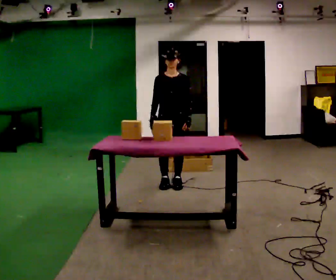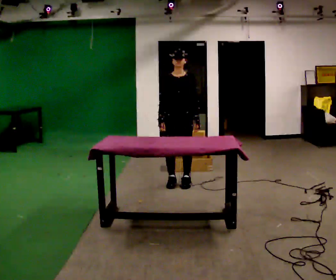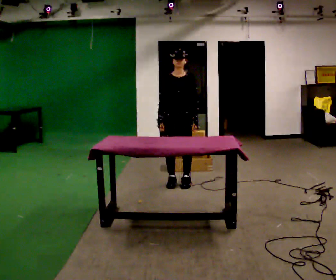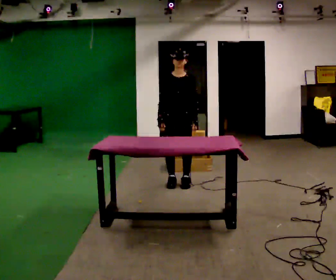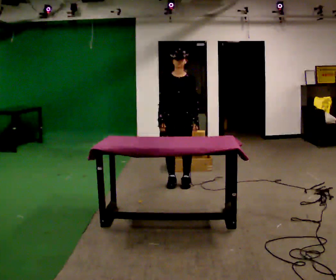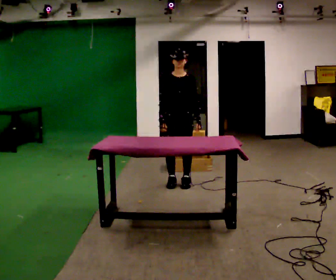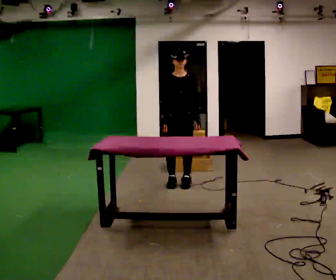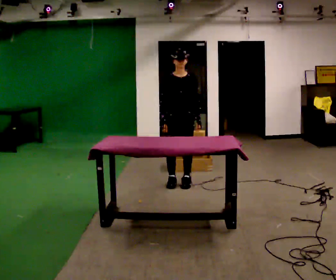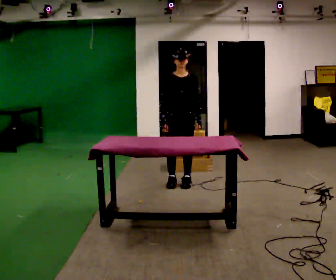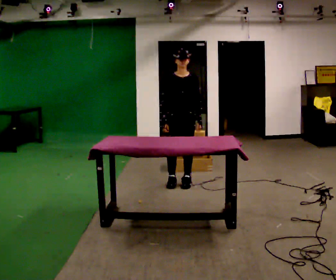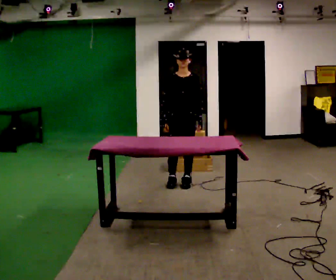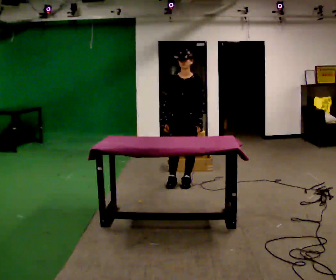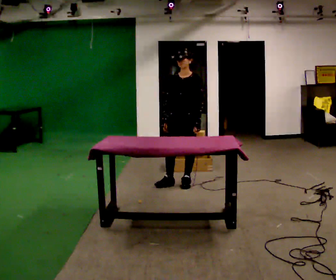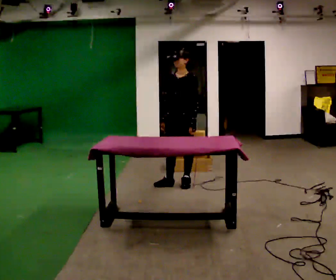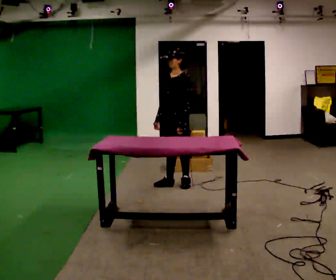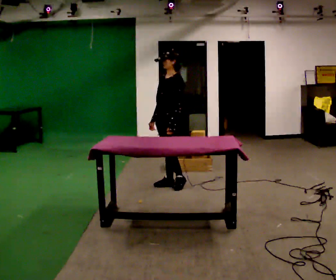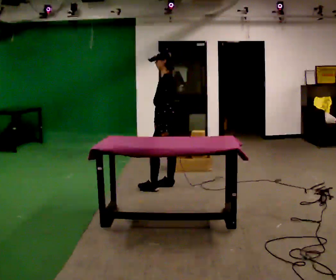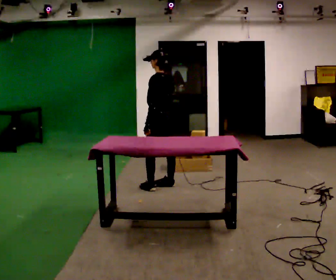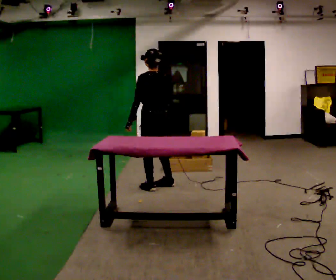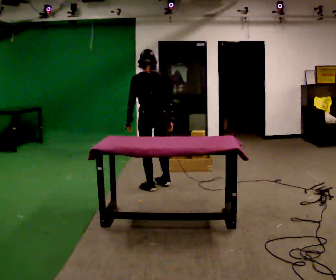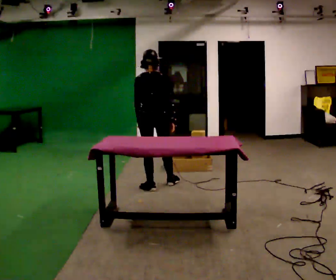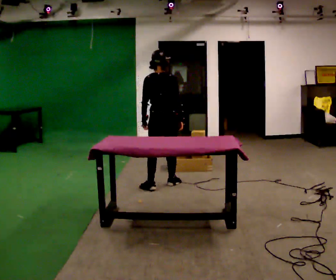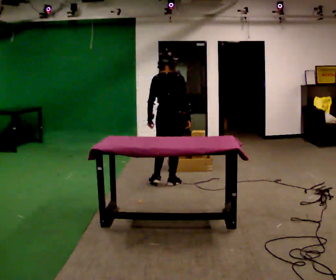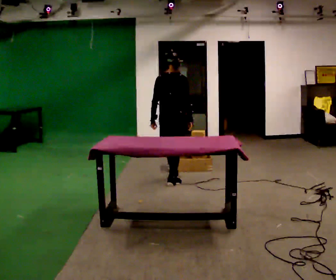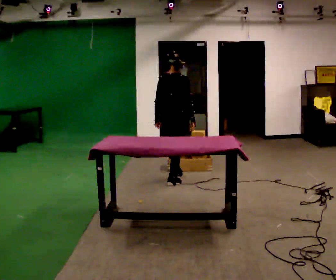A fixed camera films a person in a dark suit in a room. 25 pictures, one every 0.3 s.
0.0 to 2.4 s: The person moves a little, or ends about where they began.
2.4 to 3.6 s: The person turns about 30 degrees to their right, clockwise seen from above, so the part of the body nearest the lens slides to the left.
3.6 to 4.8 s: The person turns about 60 degrees to their right, clockwise seen from above, so the part of the body nearest the lens slides to the left. In the picture they go to the left, about 0.25 m, which for them is forward and to their right.
4.8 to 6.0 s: The person turns about 90 degrees to their right, clockwise seen from above, so the part of the body nearest the lens slides to the left.
6.0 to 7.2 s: Seen from above the body turns clockwise, about 30 degrees: to their right, with its near side sliding to the left. In the picture they go away from the camera and to the right, about 0.25 m in 1 step, which for them is forward and to their right.
The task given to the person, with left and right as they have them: Reach down into the deep bin on the floor, take out one object at a time, carry it to the shelf, and come back for the next one. Keep going until the operator says stop; one object at a time, and do not rush between trips.
The film runs forward here.
